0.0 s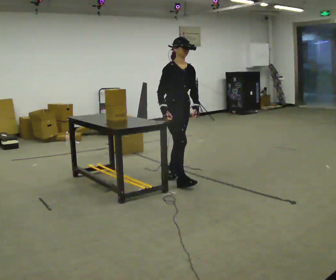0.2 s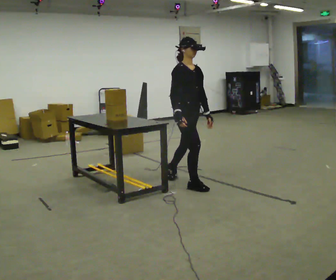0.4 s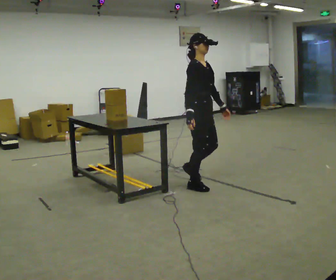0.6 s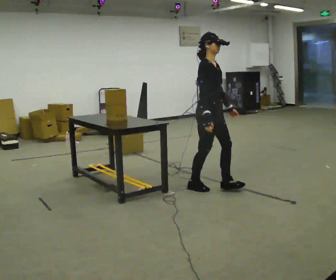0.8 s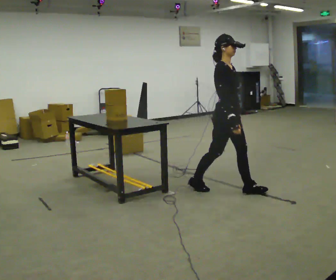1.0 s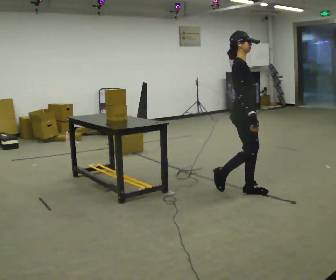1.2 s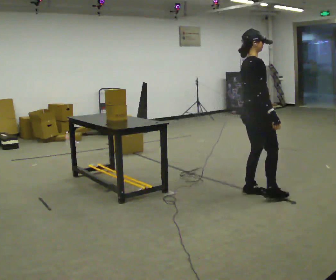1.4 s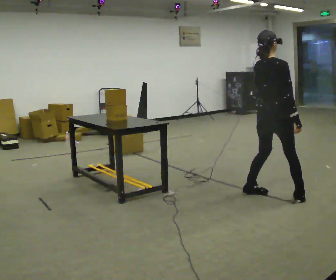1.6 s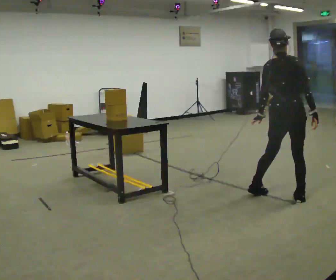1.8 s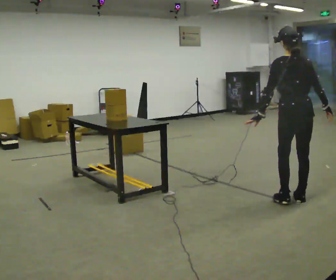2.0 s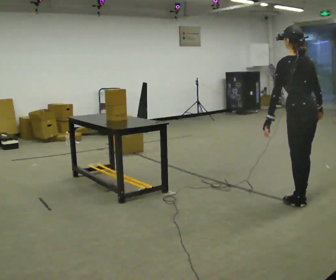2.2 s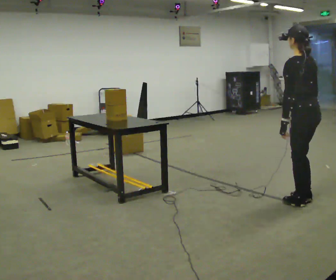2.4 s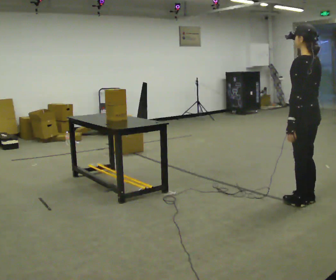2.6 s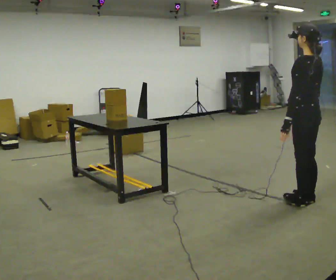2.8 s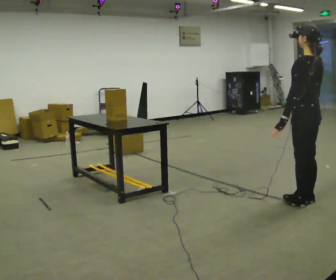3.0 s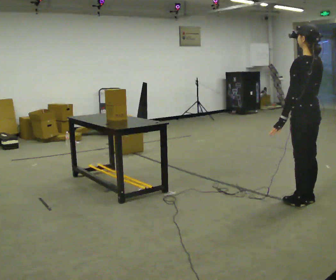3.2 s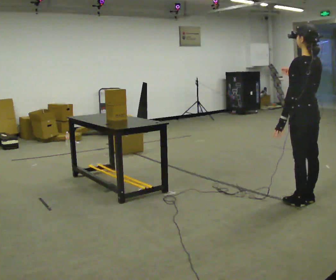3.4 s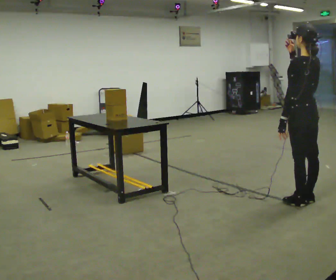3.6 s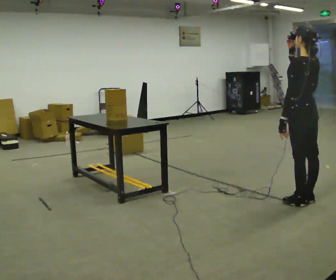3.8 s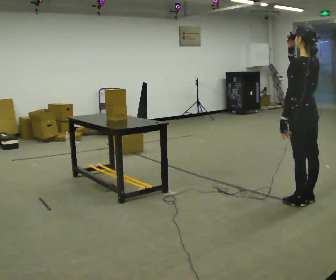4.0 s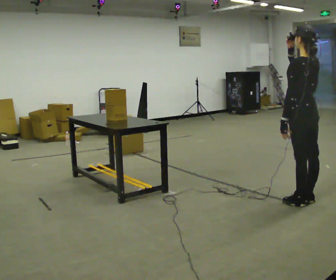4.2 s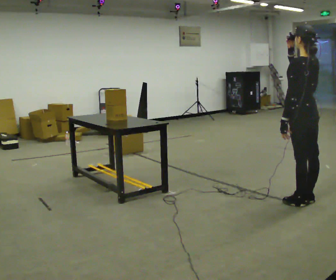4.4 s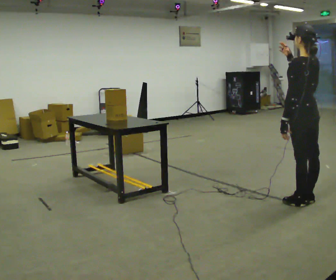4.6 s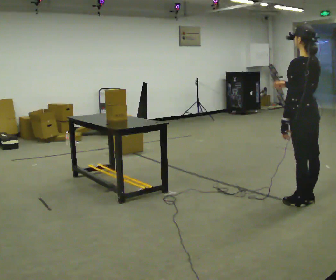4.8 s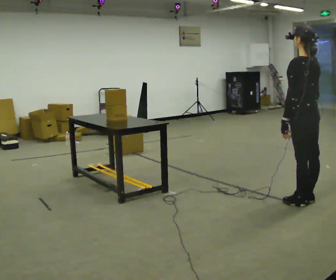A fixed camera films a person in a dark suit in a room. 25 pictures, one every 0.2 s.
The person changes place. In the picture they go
to the right.
The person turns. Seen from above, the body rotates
counterclockwise.
0.0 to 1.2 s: Seen from above the body turns counterclockwise, about 60 degrees: to their left, with its near side sliding to the right. In the picture they go to the right, about 1 m in 2 steps.
1.2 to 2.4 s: The person turns about 120 degrees to their left, counterclockwise seen from above, so the part of the body nearest the lens slides to the right. In the picture they go to the right and toward the camera, about 0.5 m in 2 steps.
2.4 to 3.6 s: In the picture their right hand goes upward.
3.6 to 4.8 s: In the picture their right hand goes downward.
The film runs forward here.
